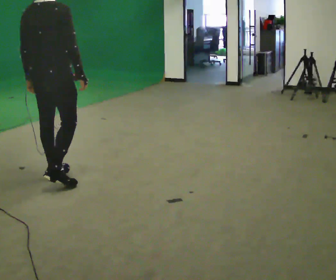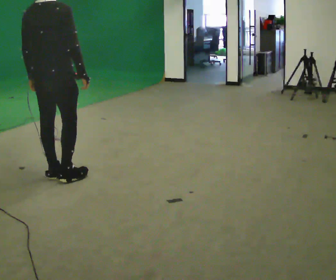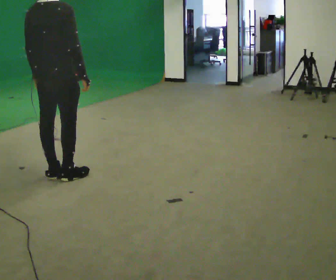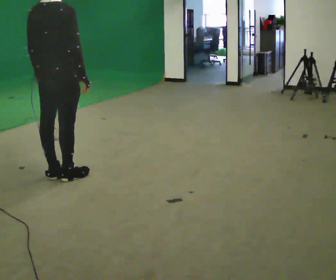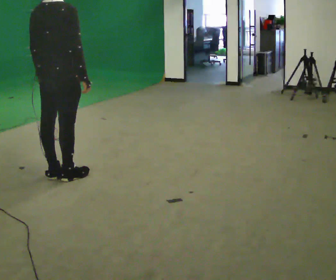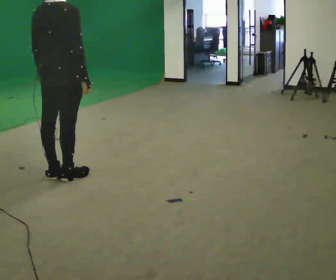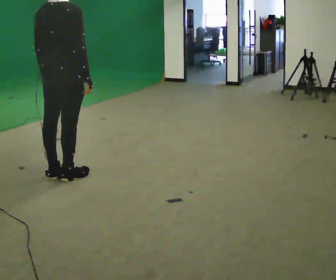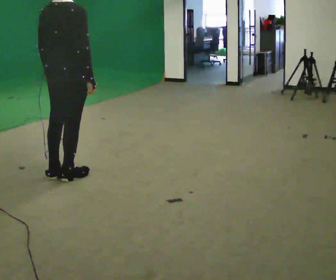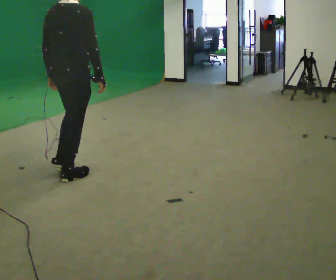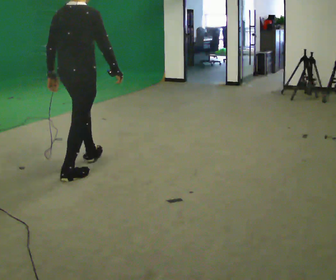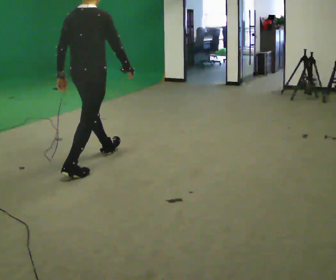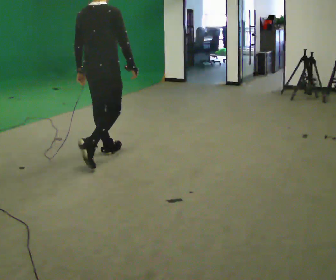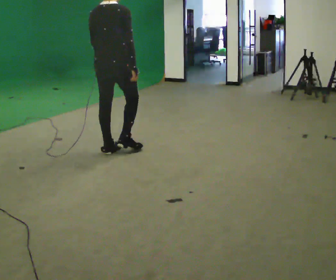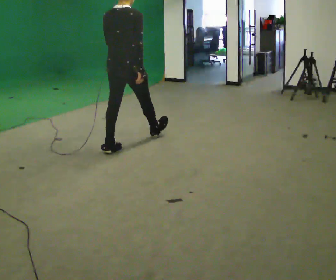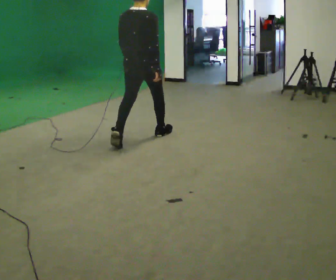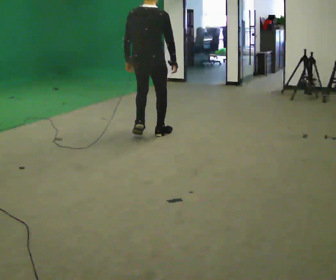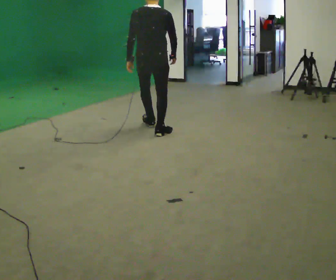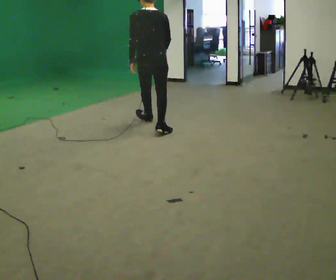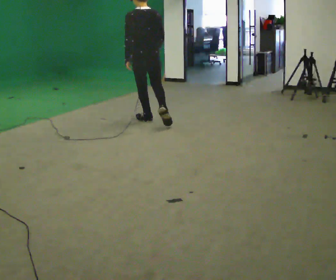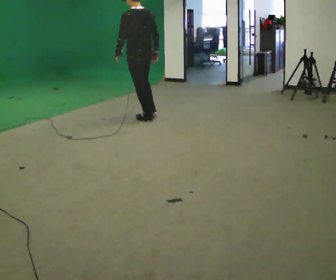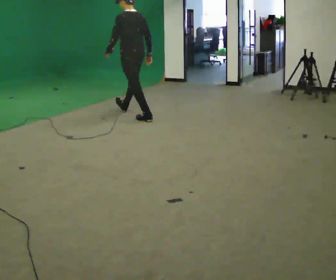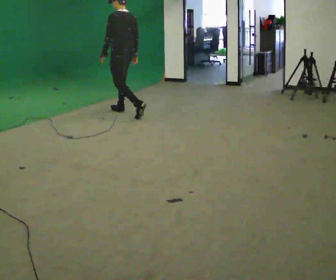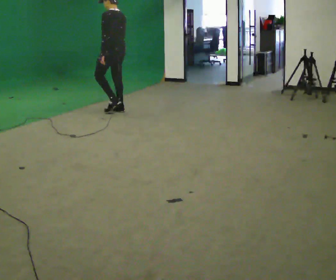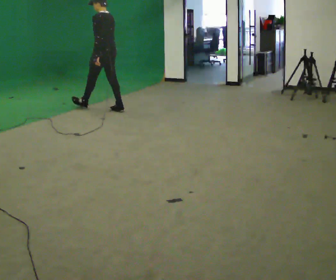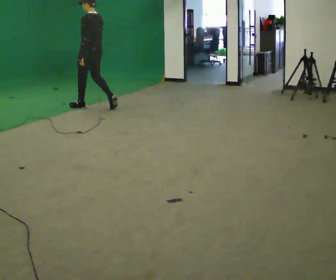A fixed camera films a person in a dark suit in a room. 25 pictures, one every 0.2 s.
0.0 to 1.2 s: The person moves a little, or ends about where they began.
1.2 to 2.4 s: In the picture they go away from the camera and to the right, about 0.5 m in 1 step, which for them is forward.
2.4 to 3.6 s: The part of the body nearest the lens slides to the right as the person turns to their left by about 45 degrees. In the picture they go away from the camera and to the right, about 1 m in 2 steps, which for them is forward.
3.6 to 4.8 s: Seen from above the body turns counterclockwise, about 45 degrees: to their left, with its near side sliding to the right. In the picture they go away from the camera and to the left, about 1 m in 2 steps, which for them is forward.
The film runs forward here.
